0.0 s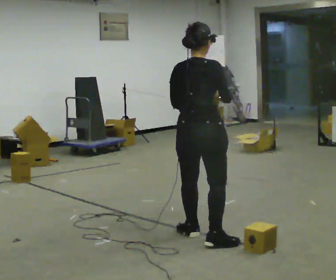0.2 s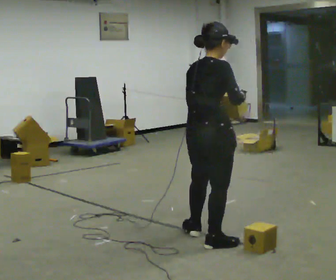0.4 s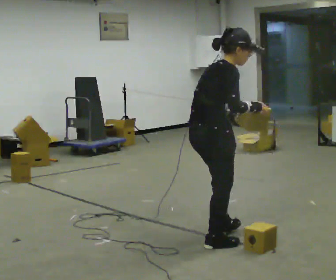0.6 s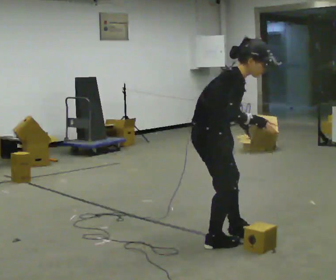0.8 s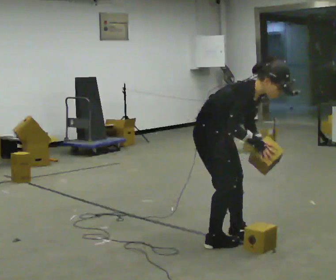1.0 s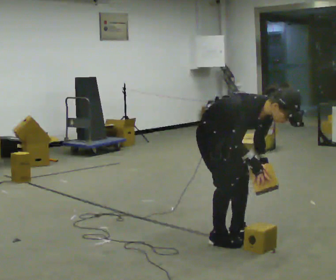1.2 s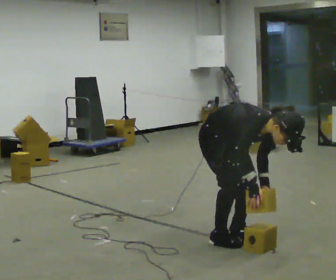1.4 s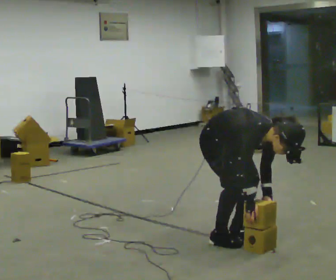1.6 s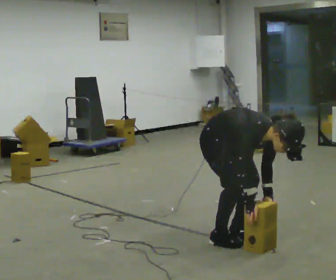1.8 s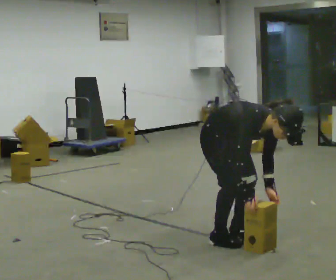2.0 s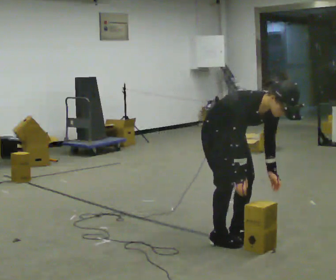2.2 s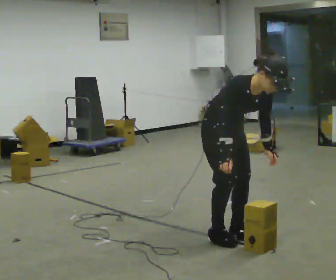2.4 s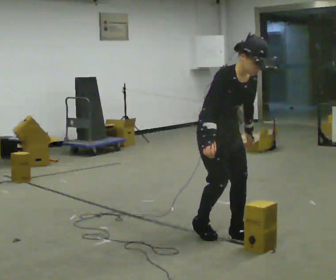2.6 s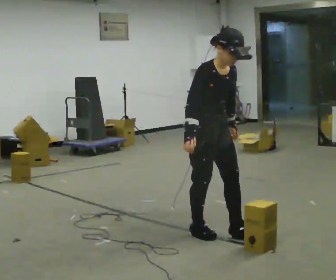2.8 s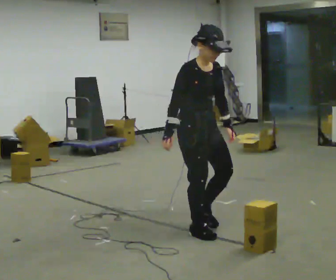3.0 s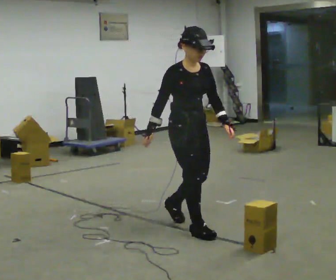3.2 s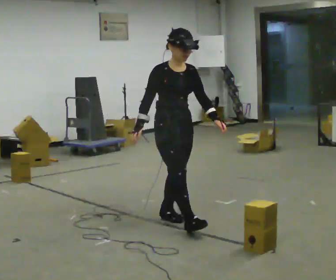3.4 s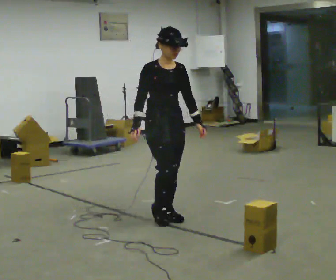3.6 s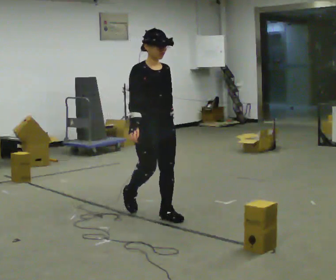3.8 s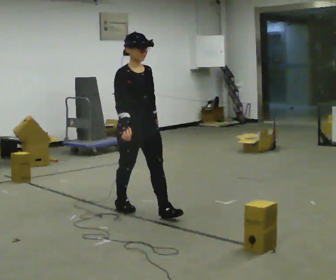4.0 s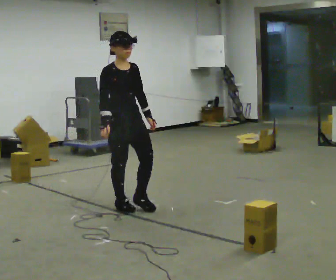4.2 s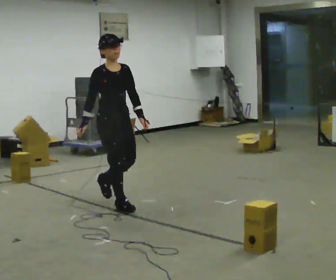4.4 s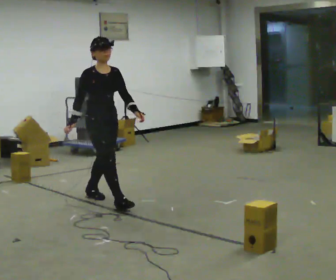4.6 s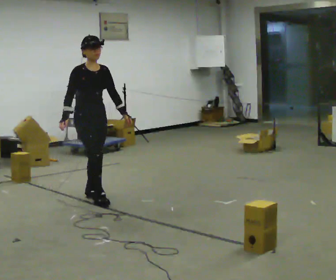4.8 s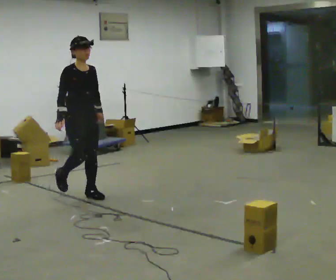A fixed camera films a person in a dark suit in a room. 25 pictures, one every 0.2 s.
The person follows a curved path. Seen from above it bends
counterclockwise.
0.0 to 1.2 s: Seen from above the body turns clockwise, about 105 degrees: to their right, with its near side sliding to the left. In the picture they go to the right, about 0.25 m in 1 step. The upper body goes downward. In the picture the upper body tilts clockwise, shoulders to the right, as they bend forward. In the picture their right hand goes downward.
1.2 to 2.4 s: The shoulders move upward. In the picture the upper body tilts counterclockwise, shoulders to the left, as they lean back or straighten. In the picture their right hand goes upward.
2.4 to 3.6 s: In the picture they go away from the camera and to the left, about 0.5 m in 2 steps, which for them is backward. In the picture the upper body tilts counterclockwise, shoulders to the left, as they lean back or straighten.
3.6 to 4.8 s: In the picture they go to the left and away from the camera, about 1 m in 2 steps, which for them is backward.
The film runs backward here.
